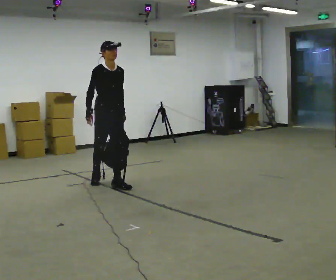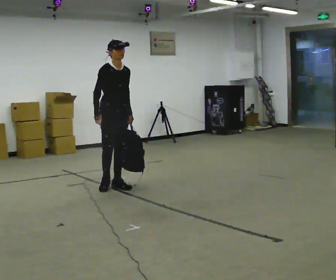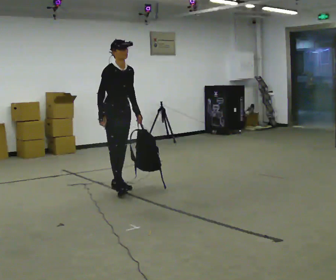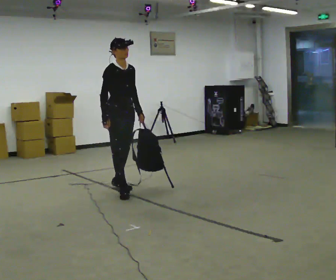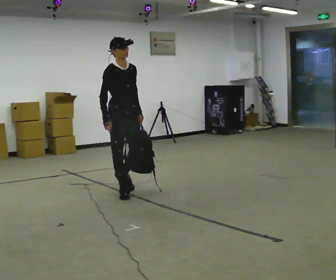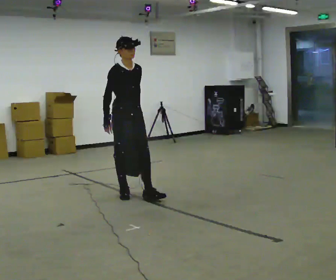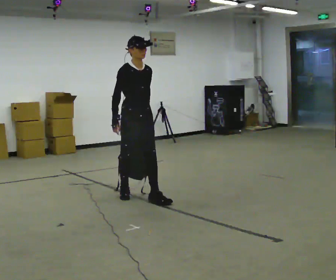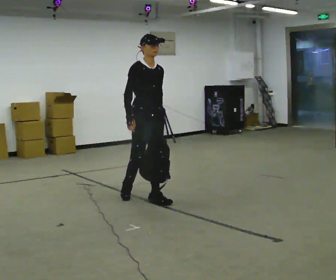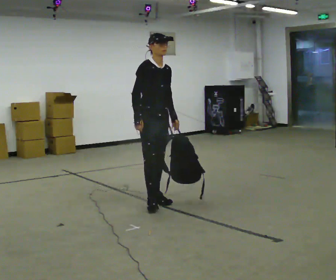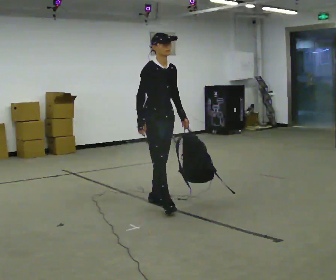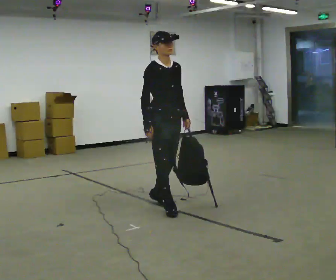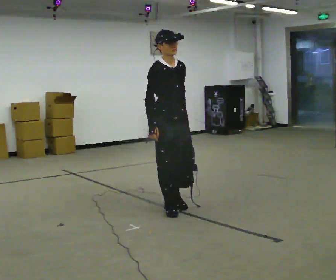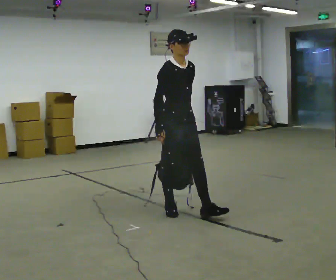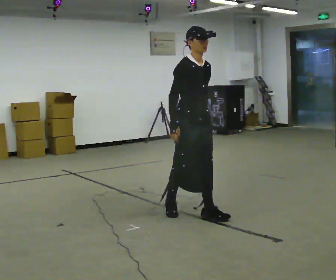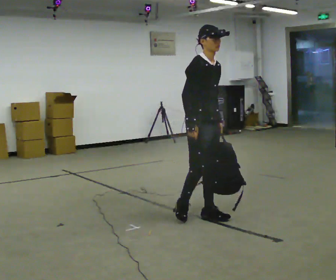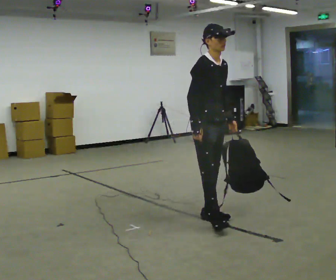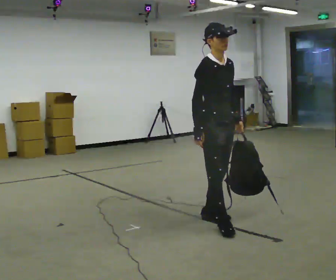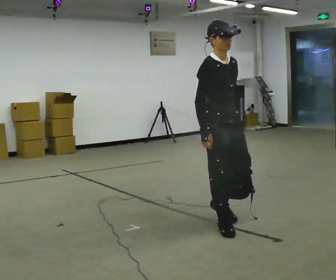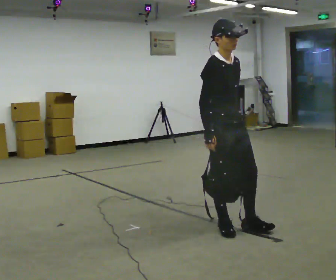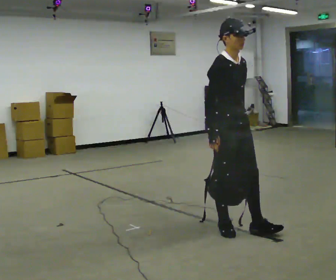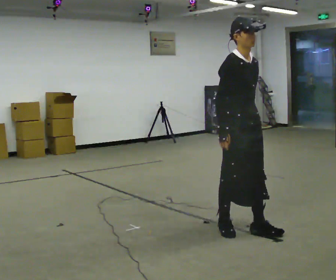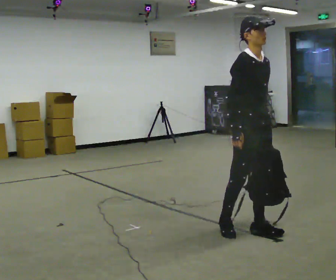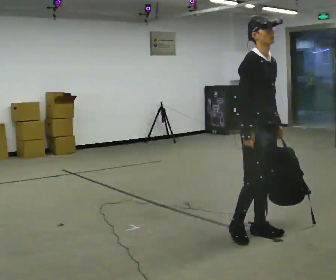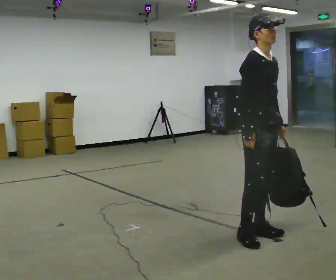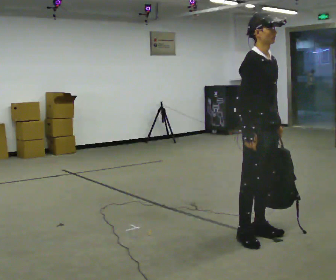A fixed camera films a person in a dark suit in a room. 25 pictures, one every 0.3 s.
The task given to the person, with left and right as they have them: Carry the soft bag across the room, back and forth. It will change shape as you move, so hold it however works.
0.0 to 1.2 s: In the picture they go toward the camera and to the right, about 0.5 m in 1 step, which for them is forward.
1.2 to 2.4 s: In the picture they go to the right and toward the camera, about 0.5 m in 1 step, which for them is forward.
2.4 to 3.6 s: In the picture they go toward the camera and to the right, about 0.5 m in 2 steps, which for them is forward.
3.6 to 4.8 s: In the picture they go toward the camera and to the right, about 0.5 m in 1 step, which for them is forward.
4.8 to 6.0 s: In the picture they go toward the camera and to the right, about 0.25 m in 1 step, which for them is forward.
6.0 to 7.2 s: The person moves a little, or ends about where they began.
The film runs forward here.
